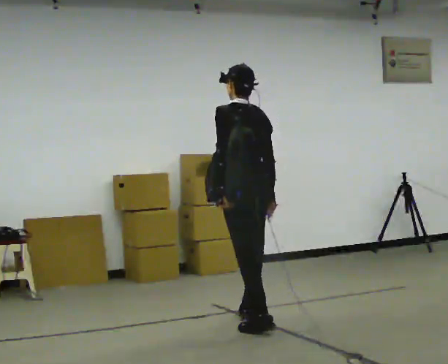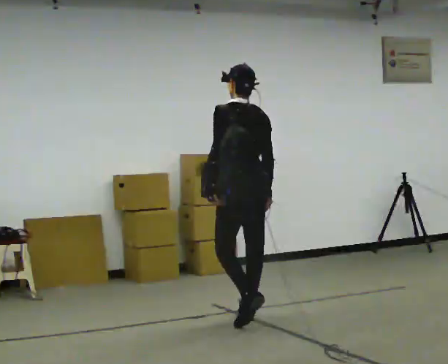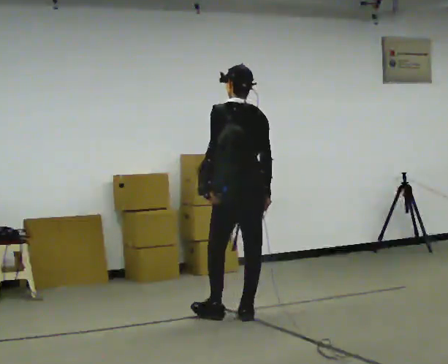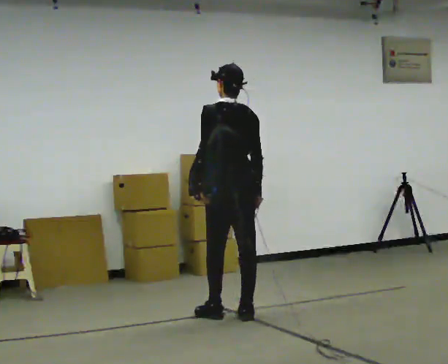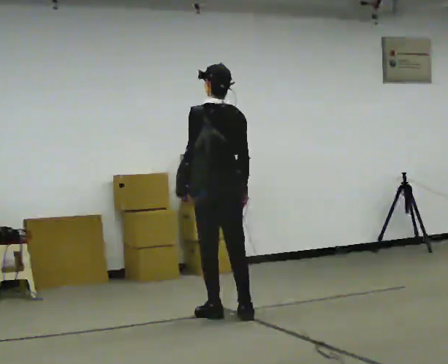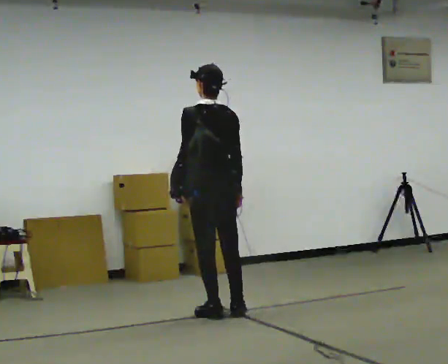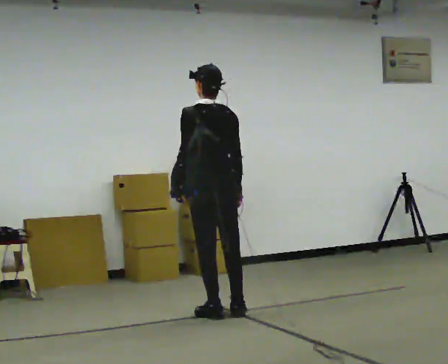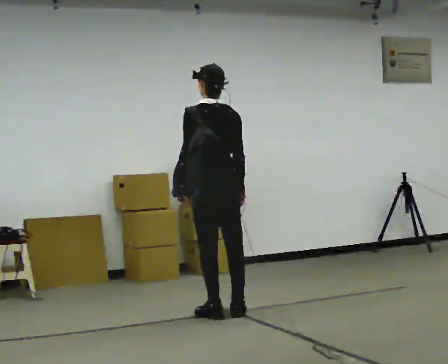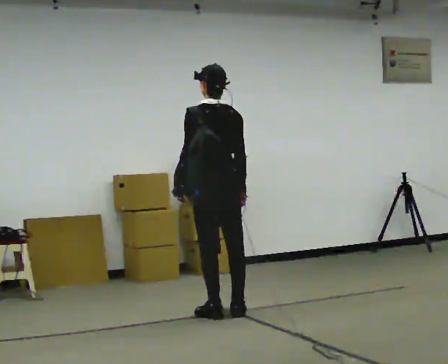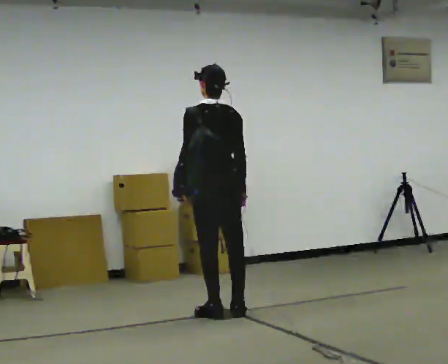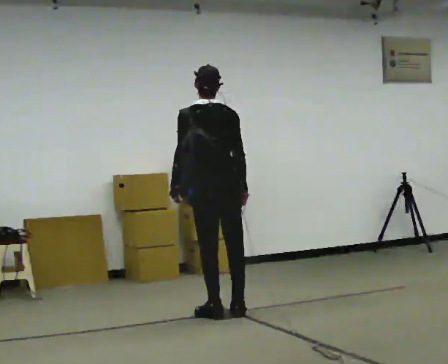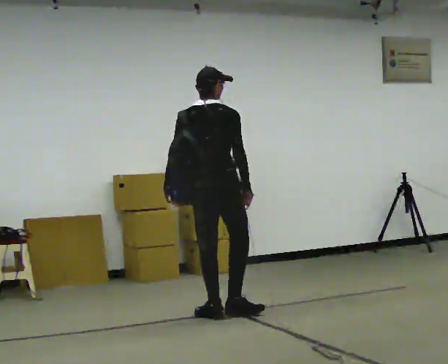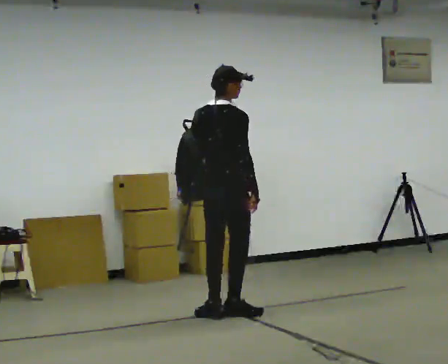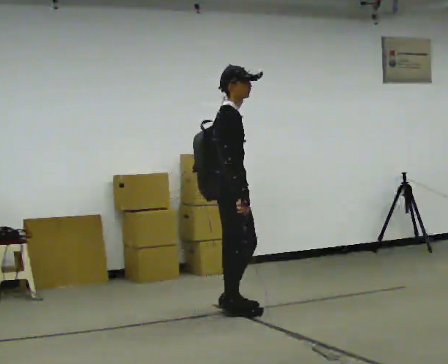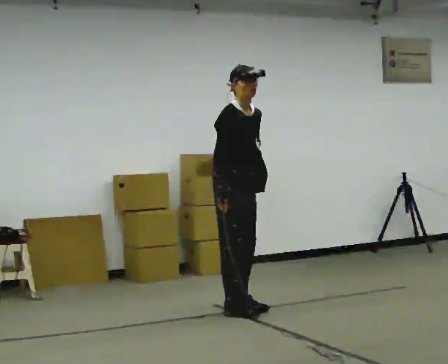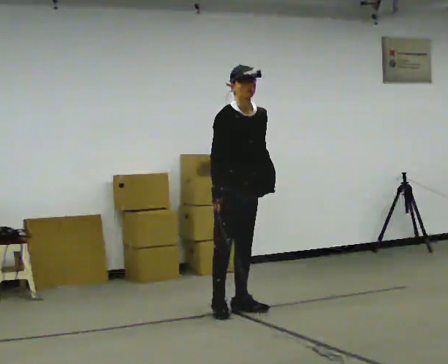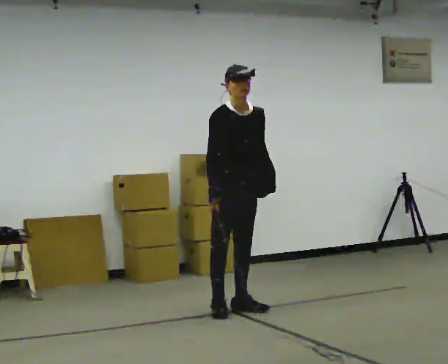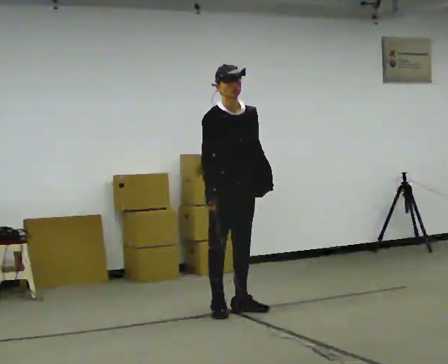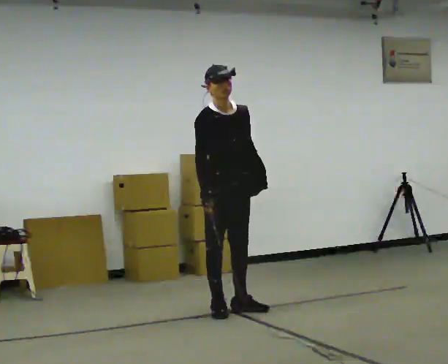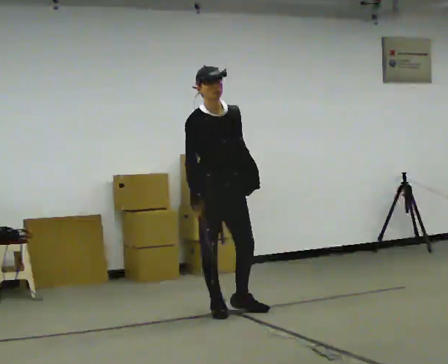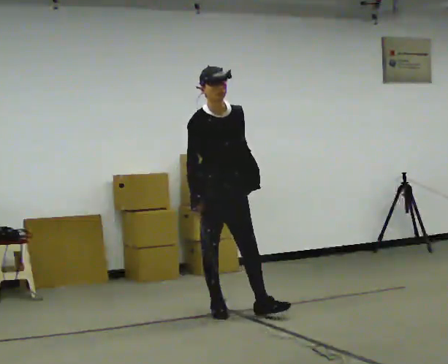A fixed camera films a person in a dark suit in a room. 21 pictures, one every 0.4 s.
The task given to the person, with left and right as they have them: Put the soft bag up onto your shoulder and carry it across the room, back and forth.
0.0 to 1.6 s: In the picture they go away from the camera and to the left, about 0.25 m in 1 step, which for them is forward.
1.6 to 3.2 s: The person moves a little, or ends about where they began.
3.2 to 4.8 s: Seen from above the body turns clockwise, about 60 degrees: to their right, with its near side sliding to the left.
4.8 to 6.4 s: The part of the body nearest the lens slides to the left as the person turns to their right by about 105 degrees. In the picture their left hand goes to the right, the arm swinging counterclockwise.
6.4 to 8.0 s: The person moves a little, or ends about where they began.
The film runs forward here.
